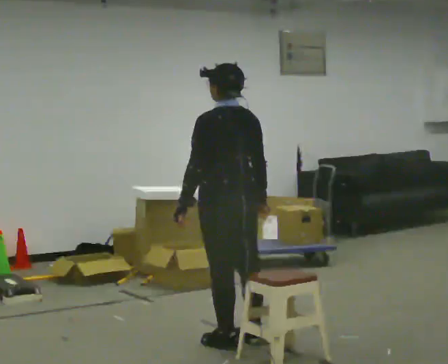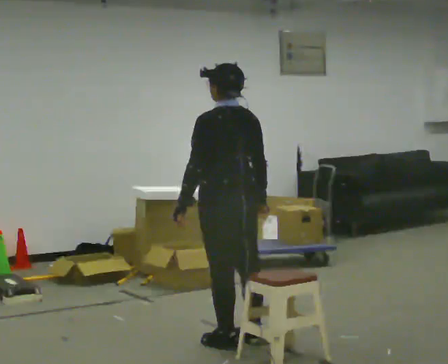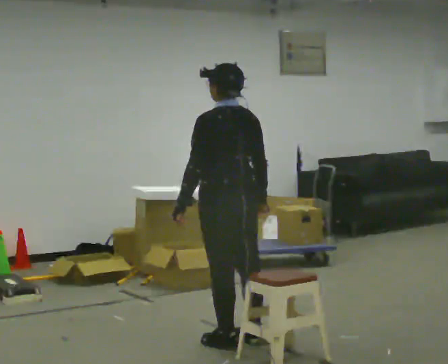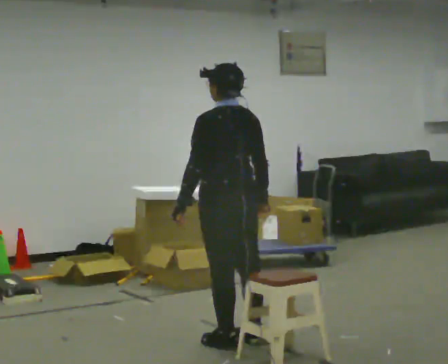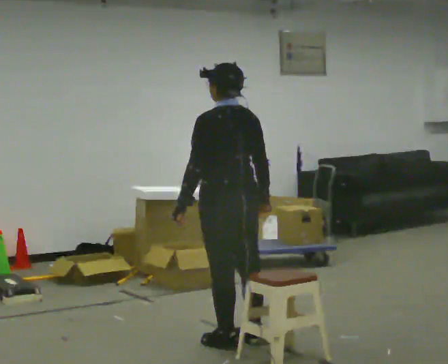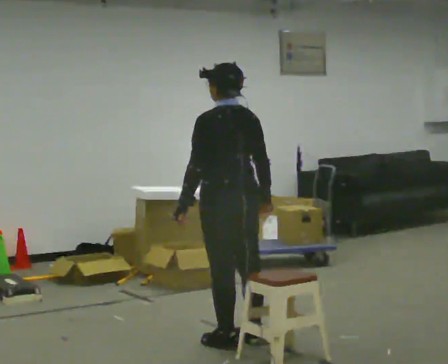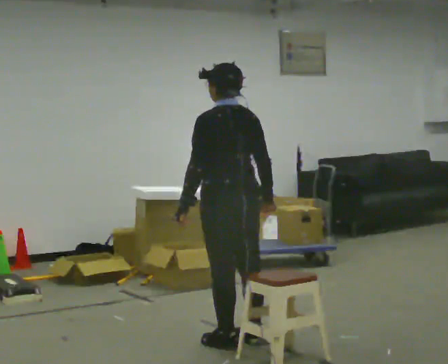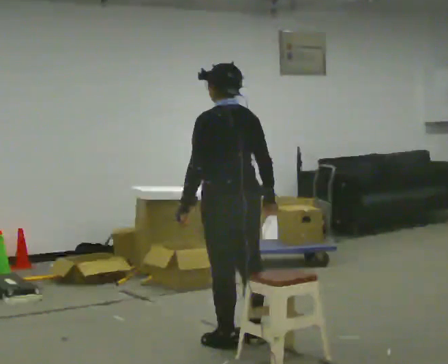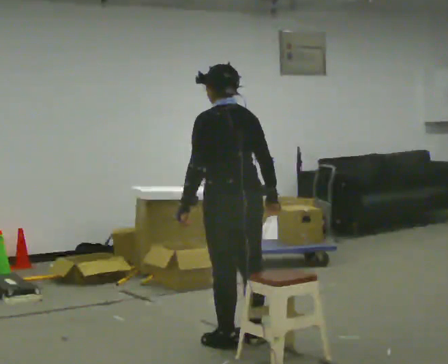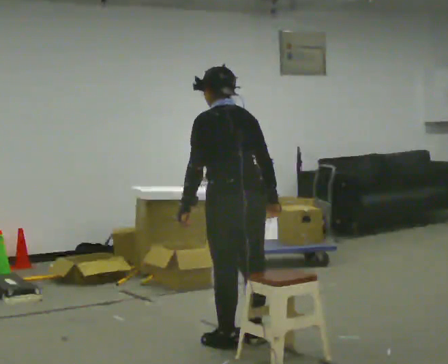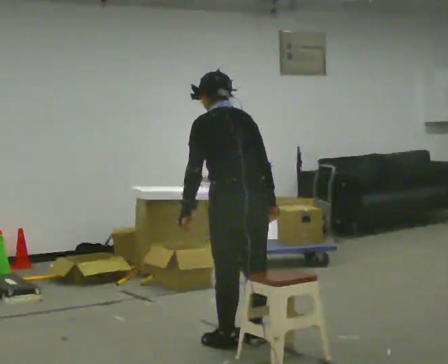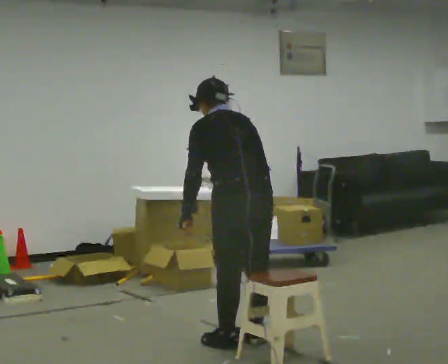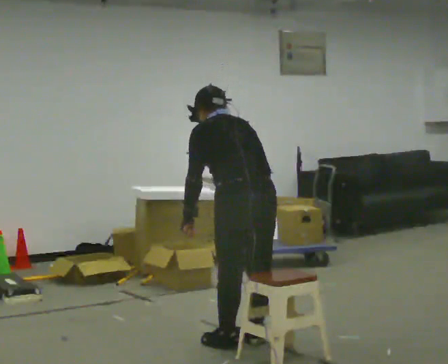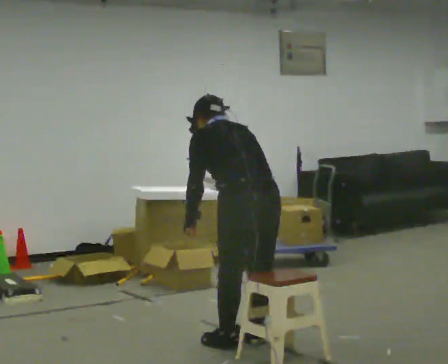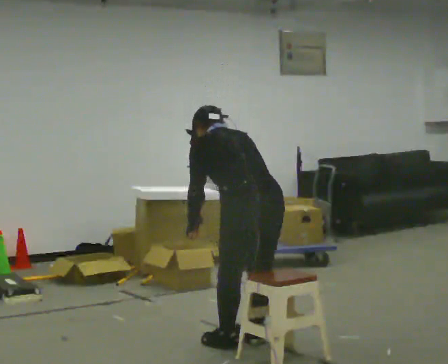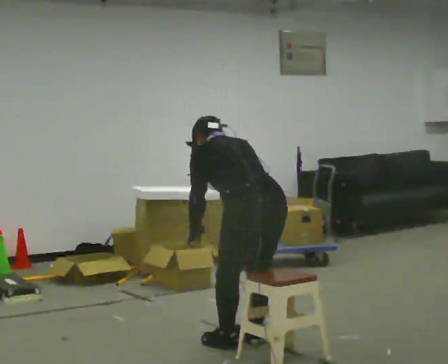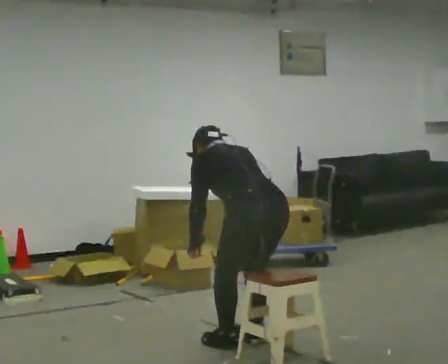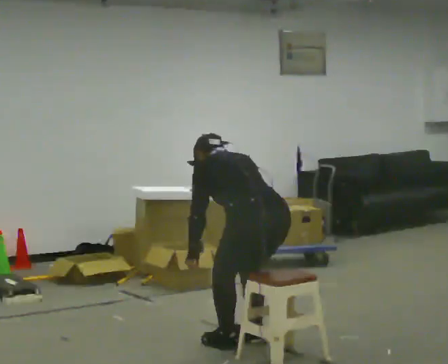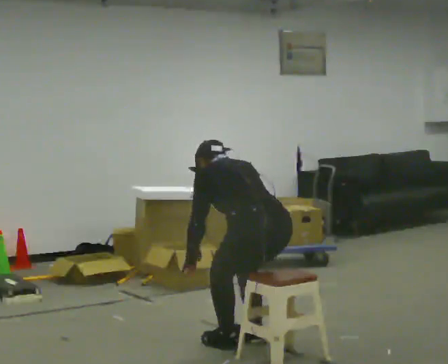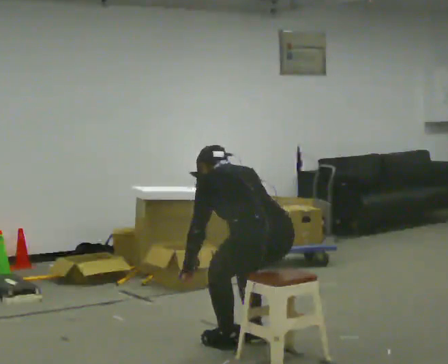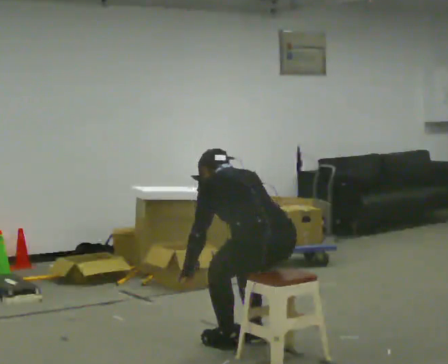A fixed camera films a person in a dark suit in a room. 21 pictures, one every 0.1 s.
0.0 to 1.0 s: The upper body tips away from the camera, its near side rolling upward, as they bend forward.
1.0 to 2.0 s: In the picture they go toward the camera, about 0.25 m, which for them is backward. The shoulders move downward. The upper body tips away from the camera, its near side rolling upward, as they bend forward. In the picture their right hand goes downward.
The film runs forward here.
